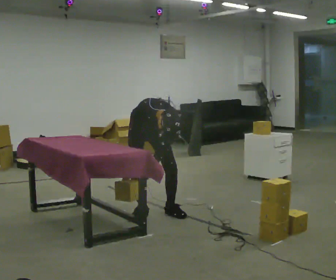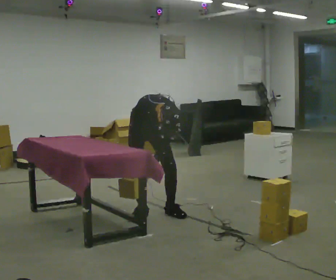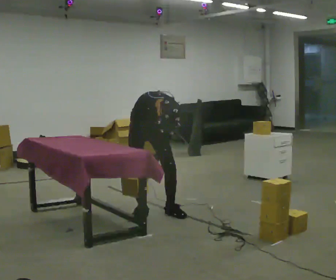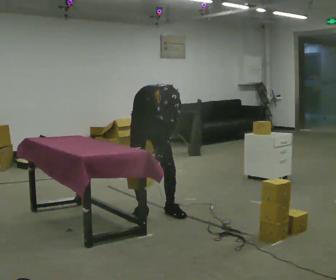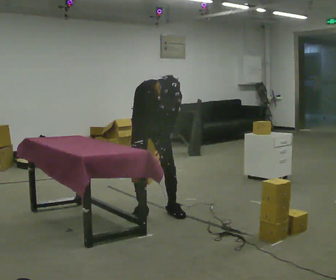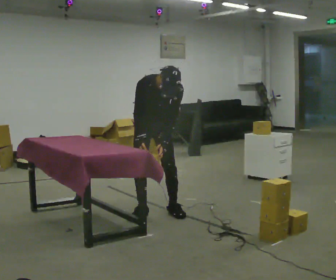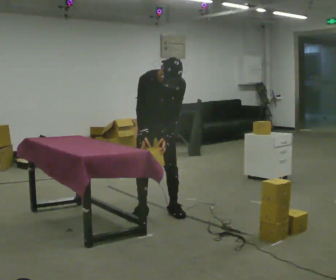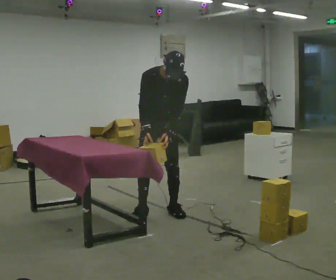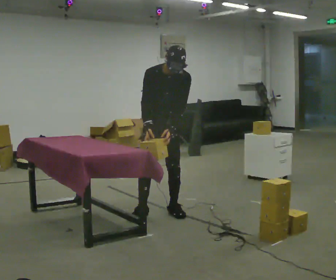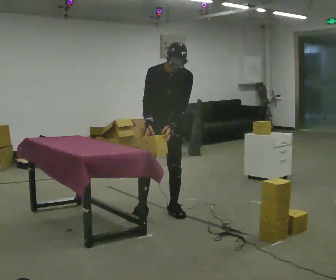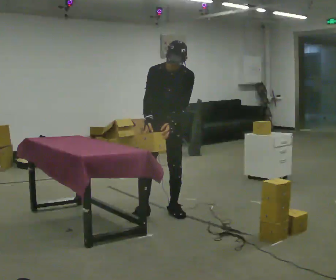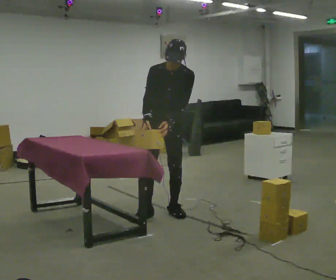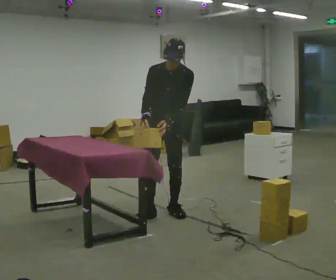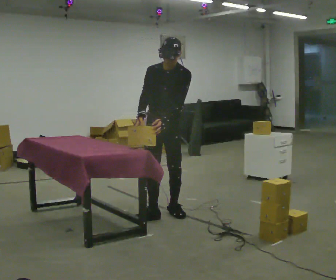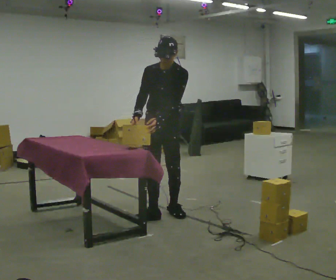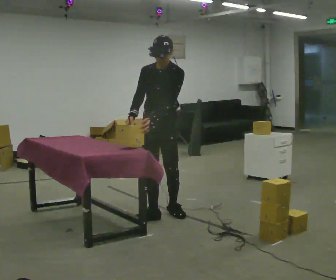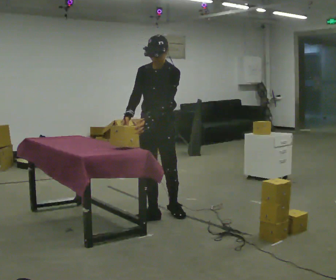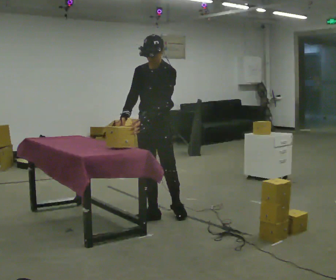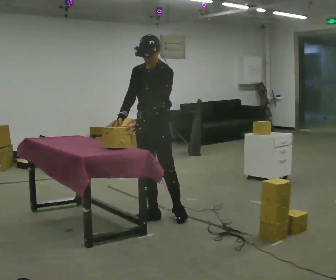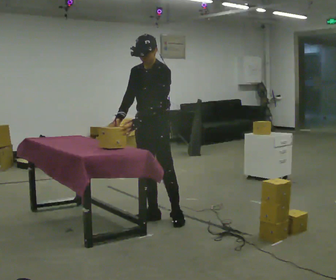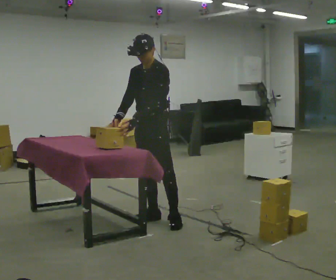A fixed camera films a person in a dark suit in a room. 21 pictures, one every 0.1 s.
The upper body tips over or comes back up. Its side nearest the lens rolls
upward.
The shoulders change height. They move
upward.
0.0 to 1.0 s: In the picture they go to the right, about 0.25 m in 1 step, which for them is to their left. The upper body goes upward. The upper body tips away from the camera, its near side rolling upward, as they lean back or straighten. In the picture their left hand goes upward.
1.0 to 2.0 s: The person turns about 30 degrees to their right, clockwise seen from above, so the part of the body nearest the lens slides to the left. In the picture they go toward the camera, about 0.25 m in 1 step, which for them is forward. In the picture their left hand goes to the left.
The film runs backward here.
